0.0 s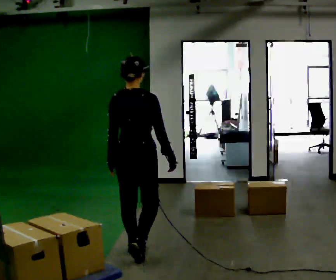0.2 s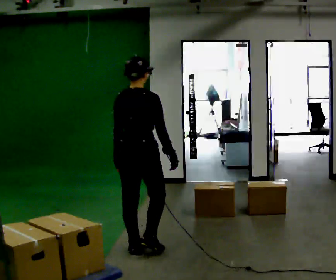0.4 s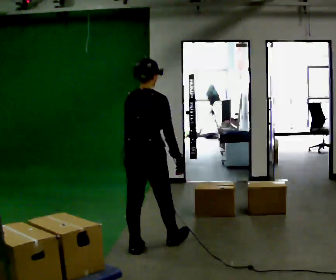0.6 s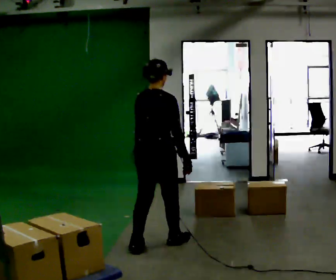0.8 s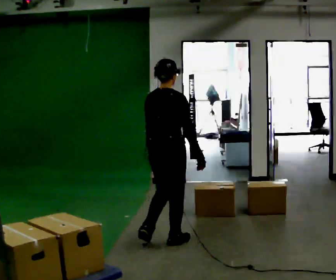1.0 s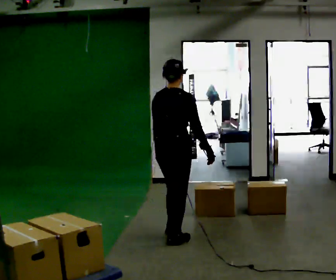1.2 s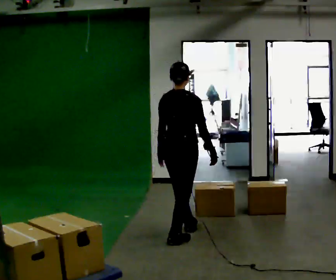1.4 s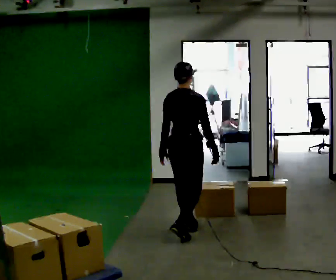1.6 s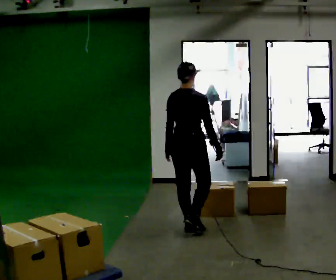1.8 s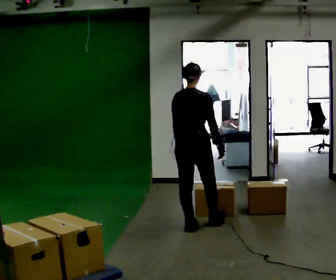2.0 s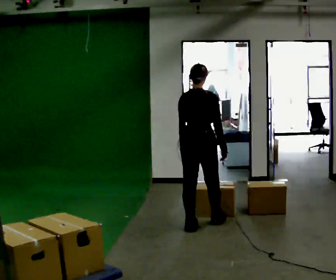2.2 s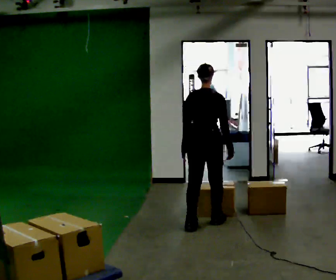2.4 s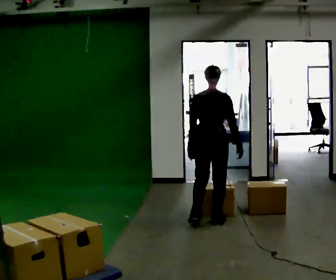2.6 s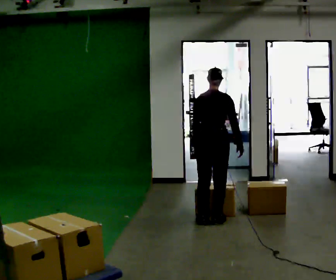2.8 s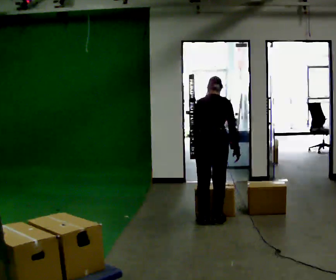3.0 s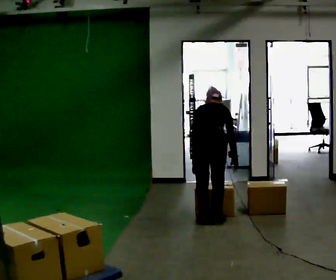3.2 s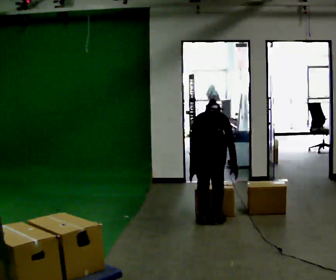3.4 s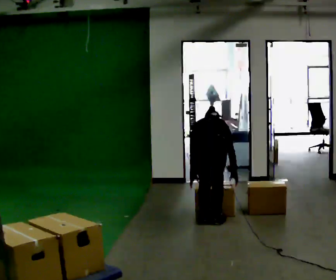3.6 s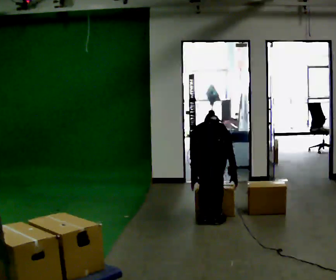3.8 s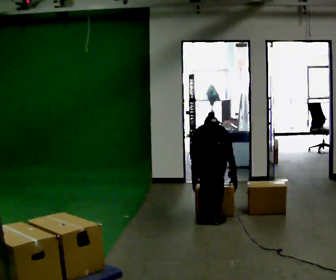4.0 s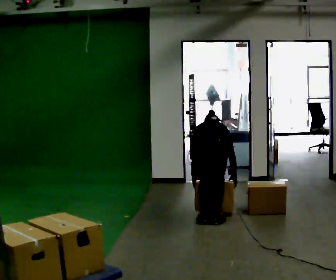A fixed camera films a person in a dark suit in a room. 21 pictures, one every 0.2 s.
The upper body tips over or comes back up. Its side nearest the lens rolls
upward.
0.0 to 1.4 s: In the picture they go away from the camera and to the right, about 0.75 m in 2 steps, which for them is forward.
1.4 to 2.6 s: In the picture they go away from the camera and to the right, about 0.5 m in 1 step, which for them is forward. The upper body tips away from the camera, its near side rolling upward, as they bend forward.
2.6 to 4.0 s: The upper body goes downward. The upper body tips away from the camera, its near side rolling upward, as they bend forward. In the picture their right hand goes downward.
The film runs forward here.
